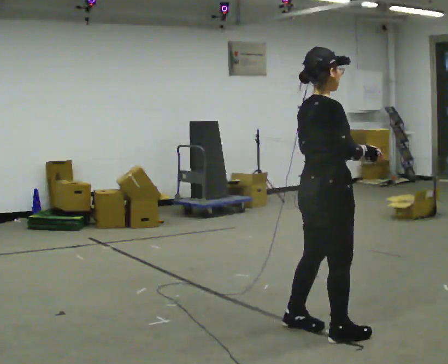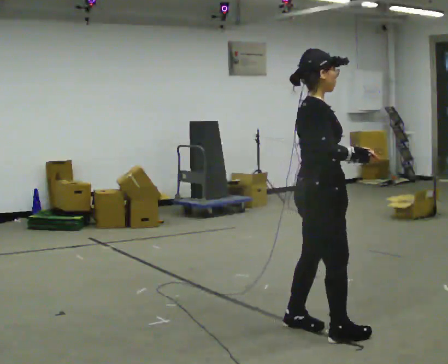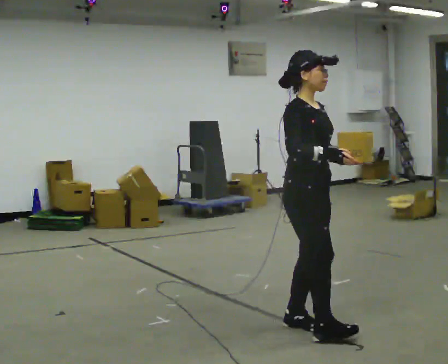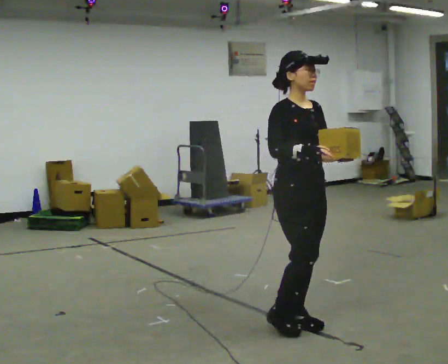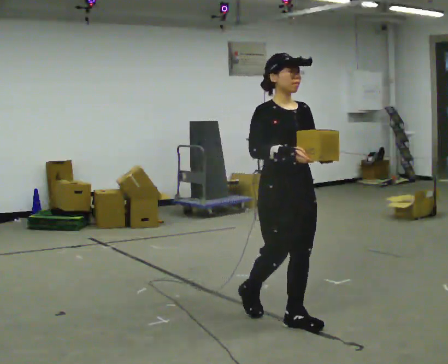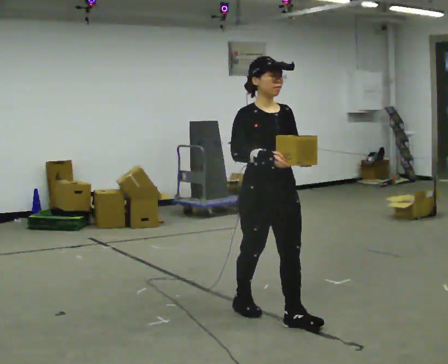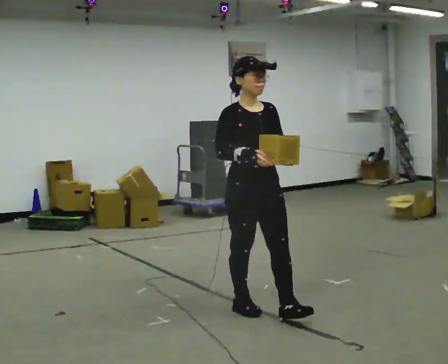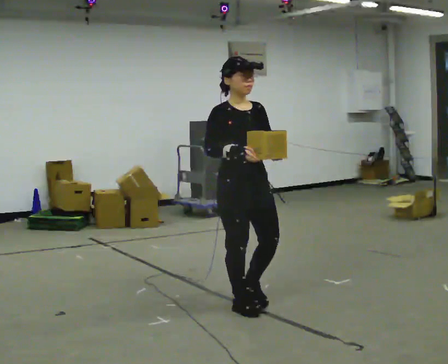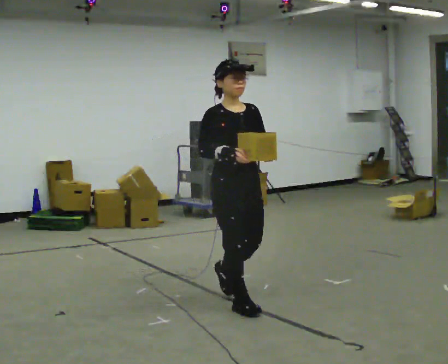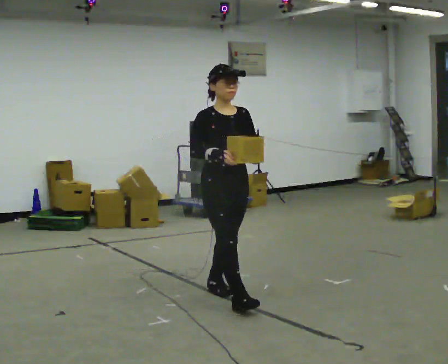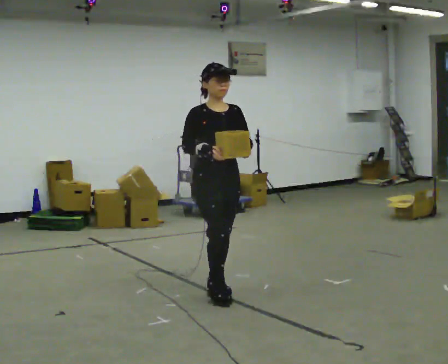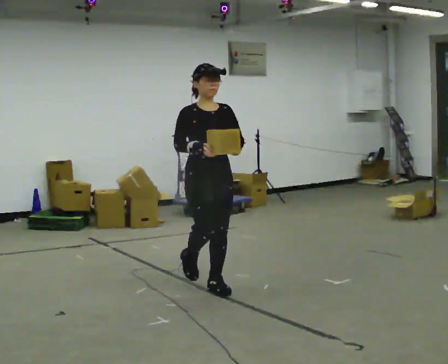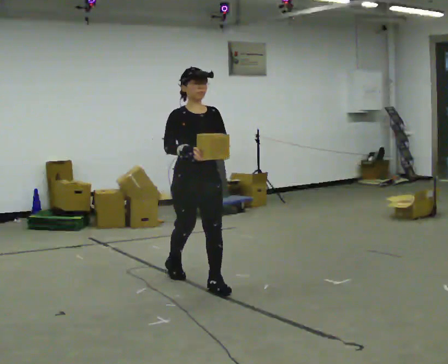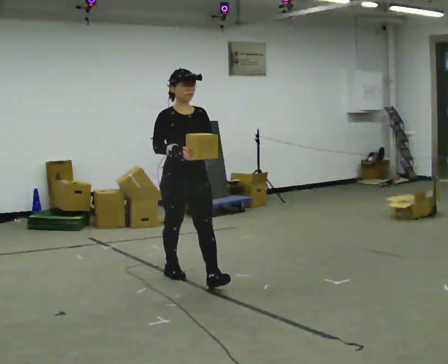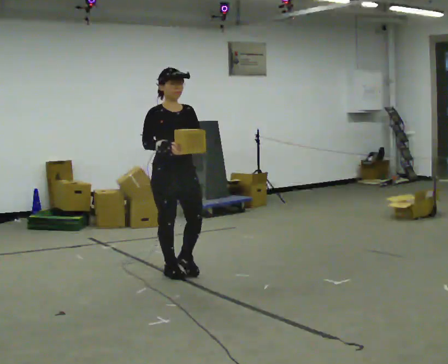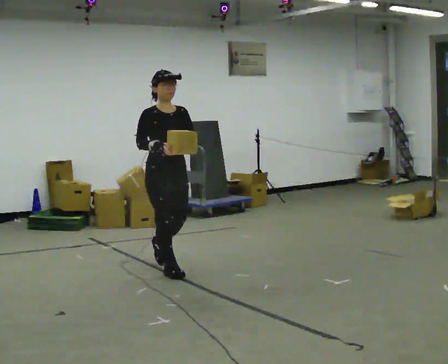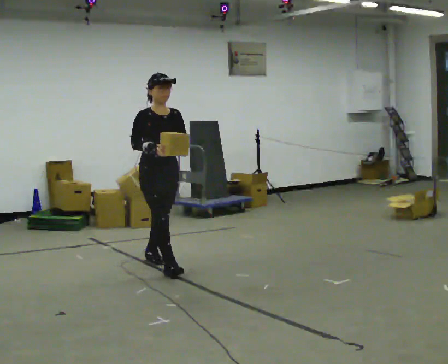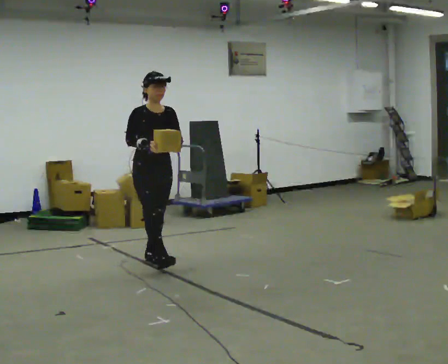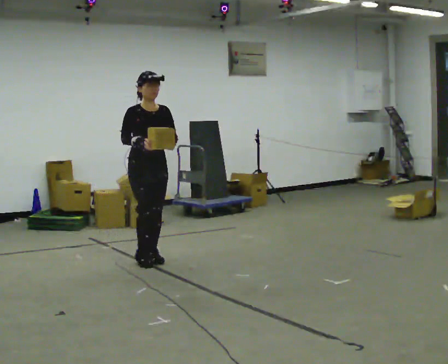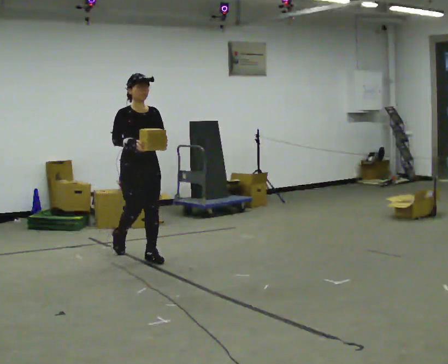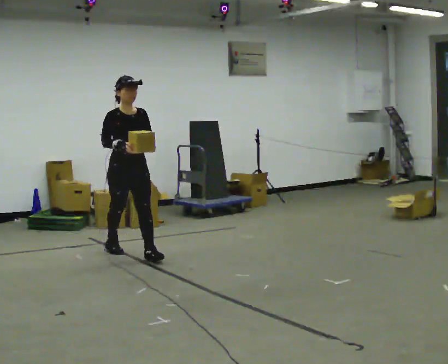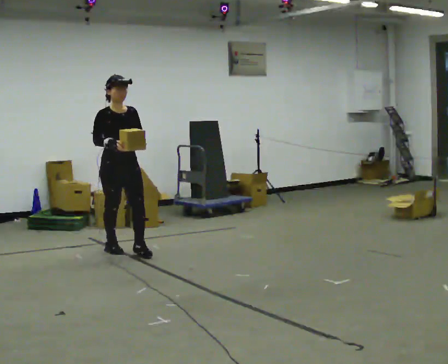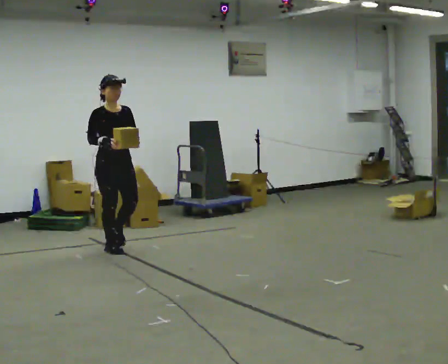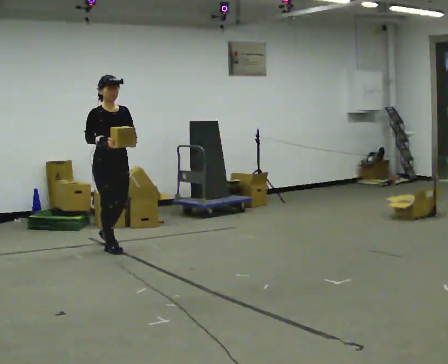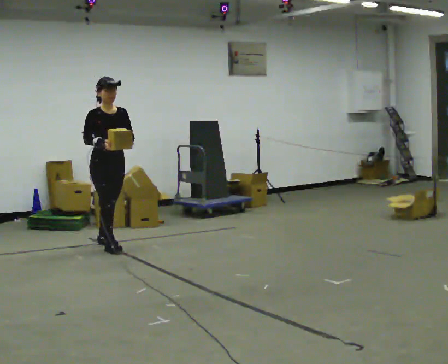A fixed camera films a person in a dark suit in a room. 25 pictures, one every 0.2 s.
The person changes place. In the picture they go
away from the camera.
0.0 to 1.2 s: Seen from above the body turns clockwise, about 105 degrees: to their right, with its near side sliding to the left. In the picture they go away from the camera and to the left, about 0.5 m in 2 steps.
1.2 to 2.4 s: In the picture they go away from the camera and to the left, about 1 m in 1 step, which for them is backward.
2.4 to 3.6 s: In the picture they go away from the camera and to the left, about 1 m in 2 steps, which for them is backward.
3.6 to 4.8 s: In the picture they go away from the camera and to the left, about 0.75 m in 1 step, which for them is backward.
The film runs backward here.
